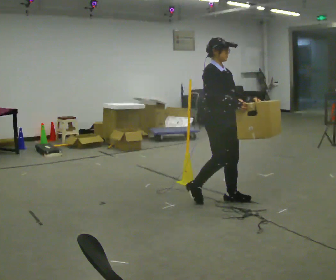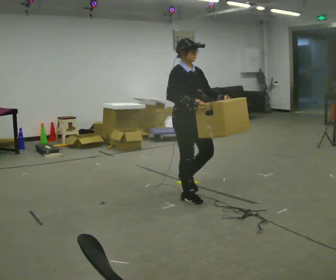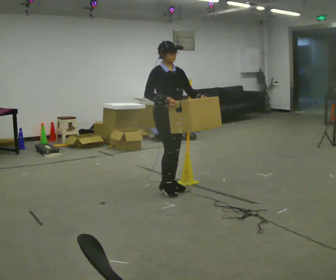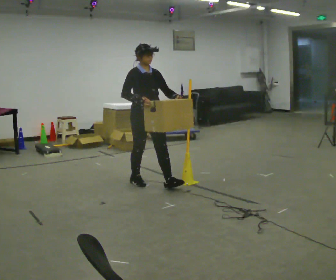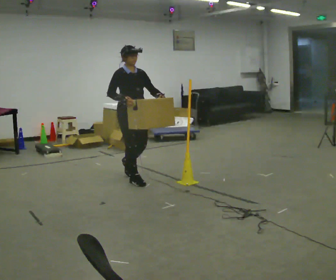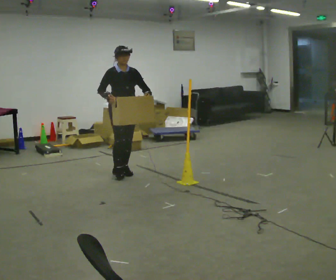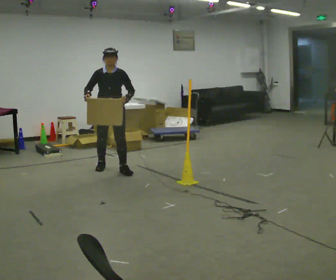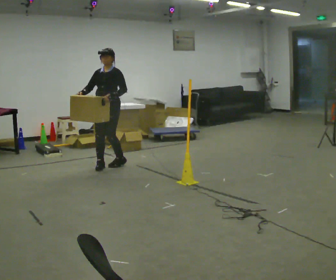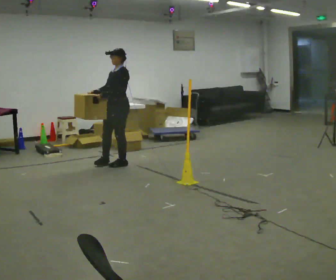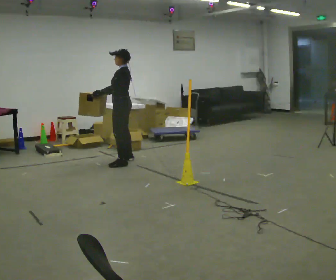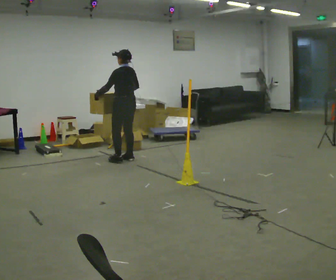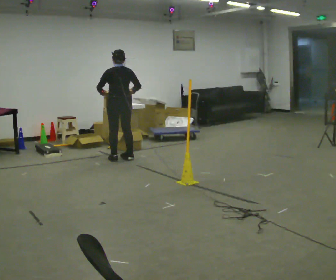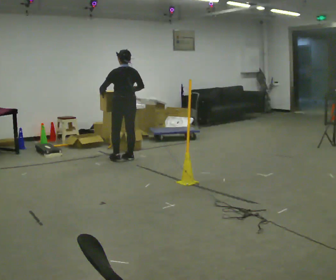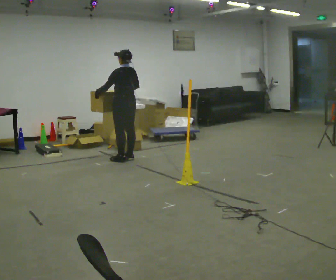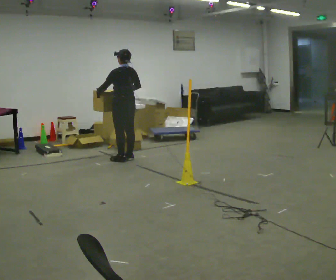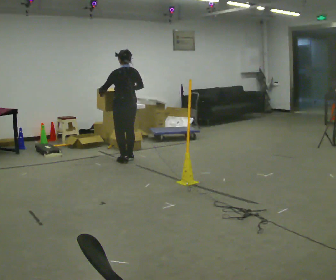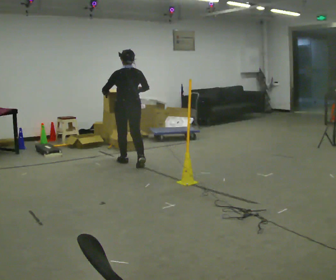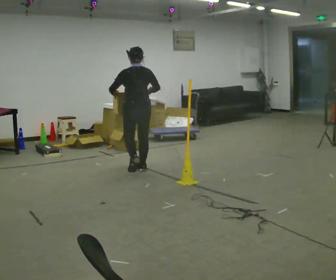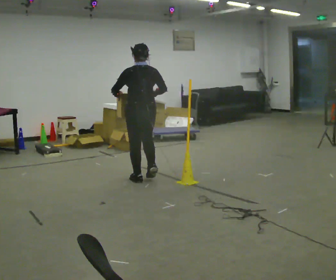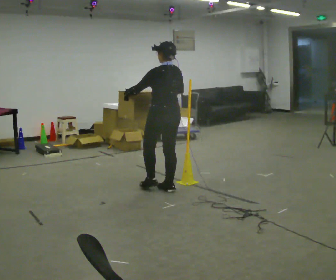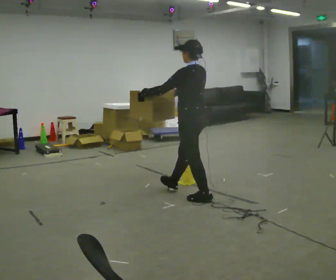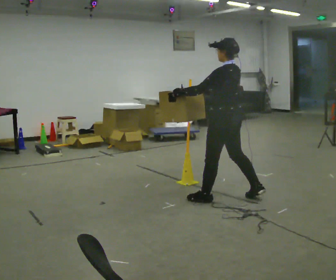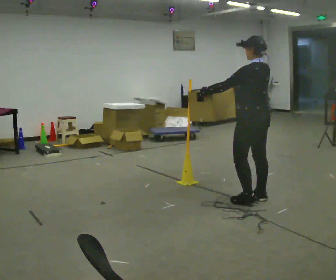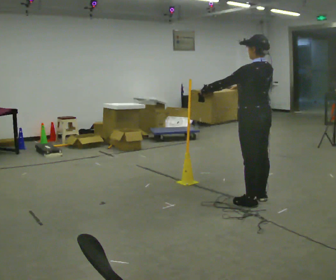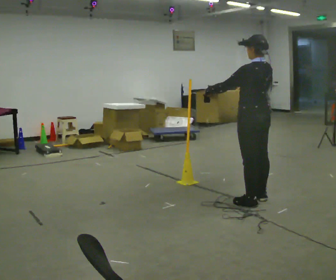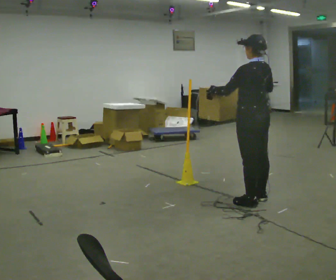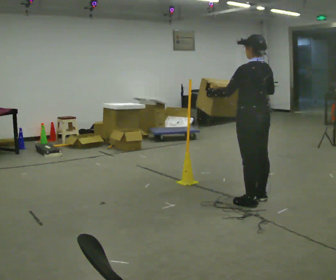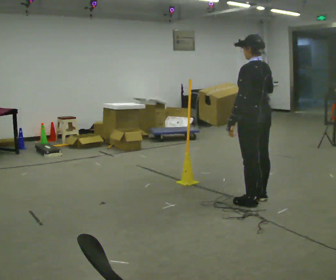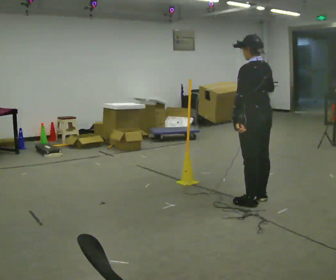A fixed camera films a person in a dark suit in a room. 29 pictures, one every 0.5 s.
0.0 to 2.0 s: In the picture they go away from the camera and to the left, about 1 m in 3 steps, which for them is backward.
2.0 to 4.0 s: The part of the body nearest the lens slides to the left as the person turns to their right by about 90 degrees. In the picture they go away from the camera, about 0.5 m in 3 steps.
4.0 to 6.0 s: Seen from above the body turns clockwise, about 90 degrees: to their right, with its near side sliding to the left. In the picture they go away from the camera, about 0.5 m in 1 step.
6.0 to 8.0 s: In the picture they go toward the camera, about 0.25 m in 1 step, which for them is backward and to their left.
8.0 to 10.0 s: The person turns about 30 degrees to their left, counterclockwise seen from above, so the part of the body nearest the lens slides to the right. In the picture they go toward the camera and to the right, about 1.5 m in 4 steps, which for them is backward.
10.0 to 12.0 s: In the picture they go to the right and toward the camera, about 0.5 m in 1 step, which for them is backward and to their right.
12.0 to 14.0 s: The person moves a little, or ends about where they began.
The film runs backward here.
